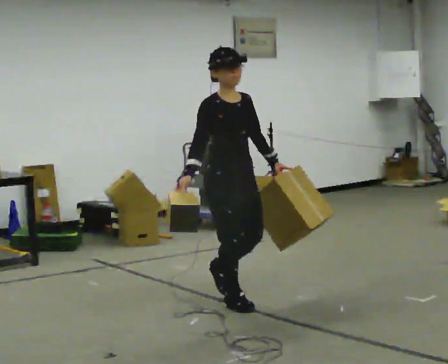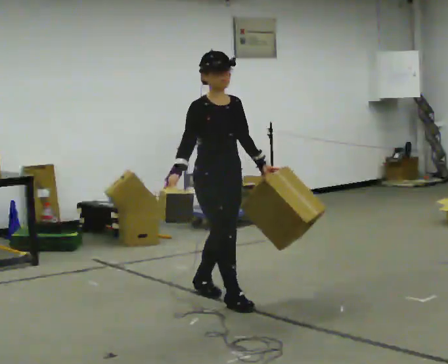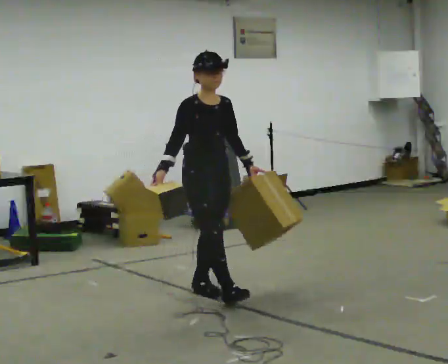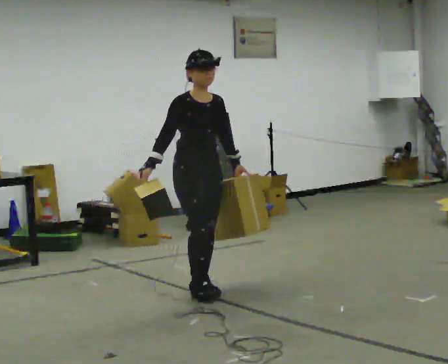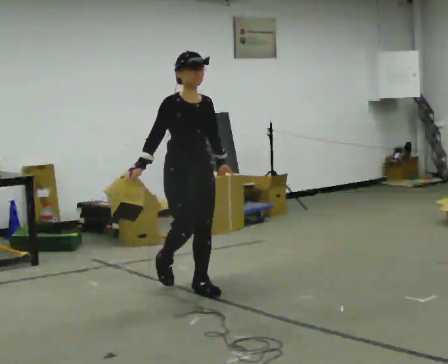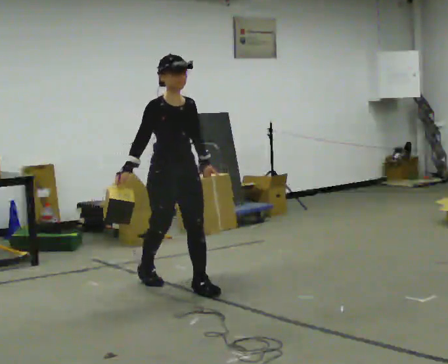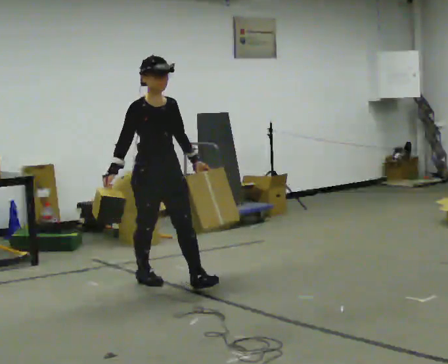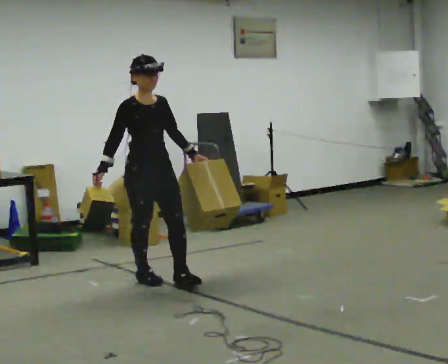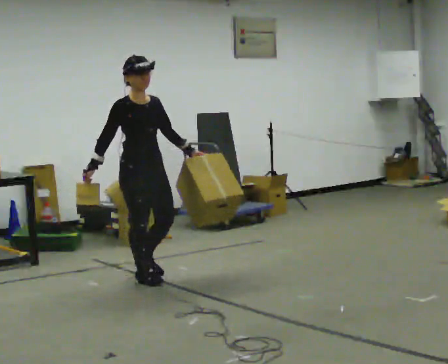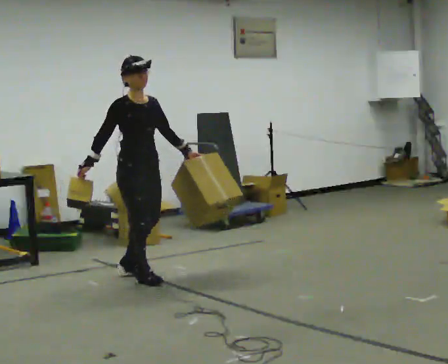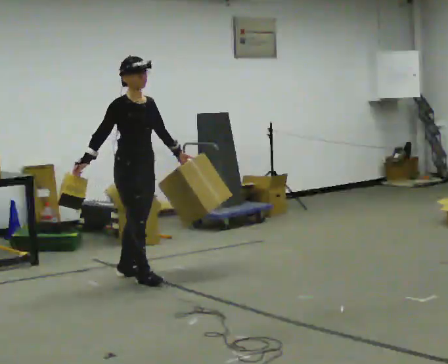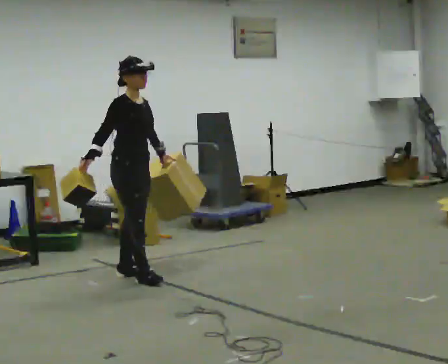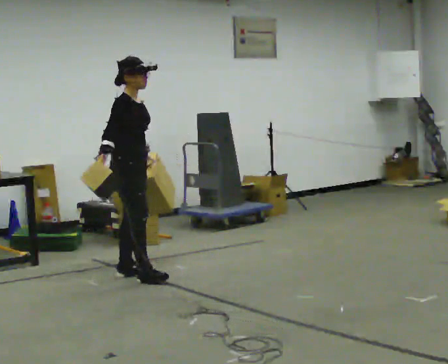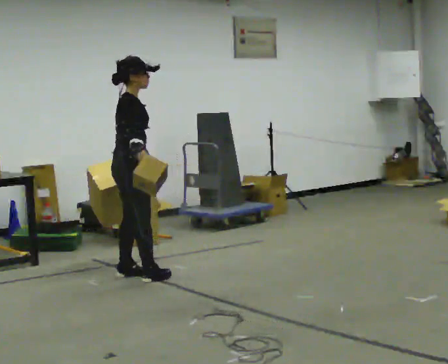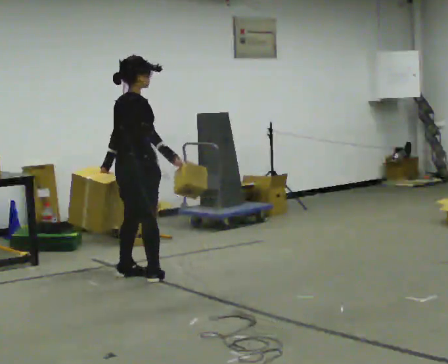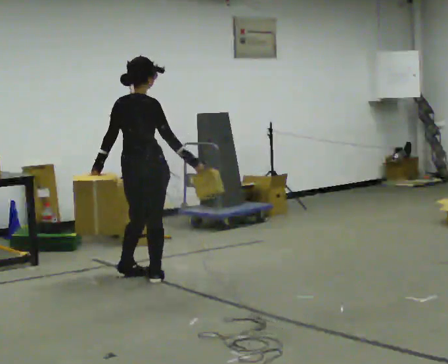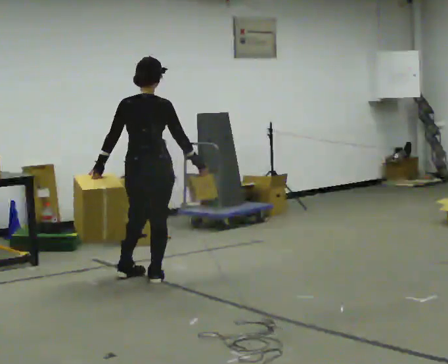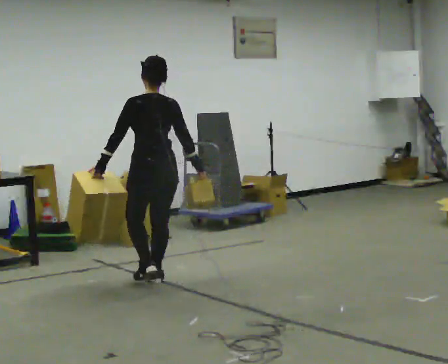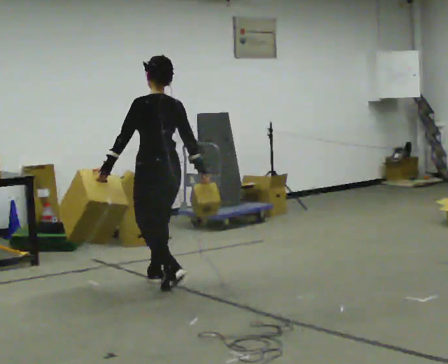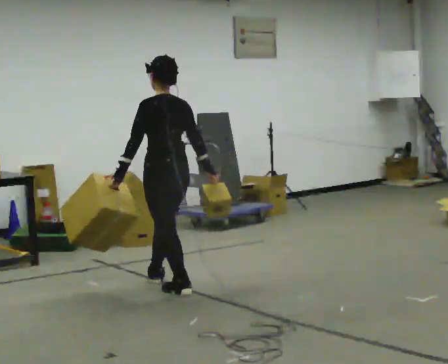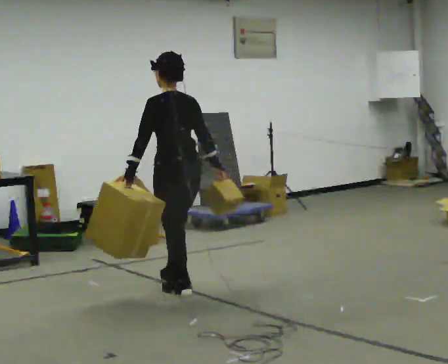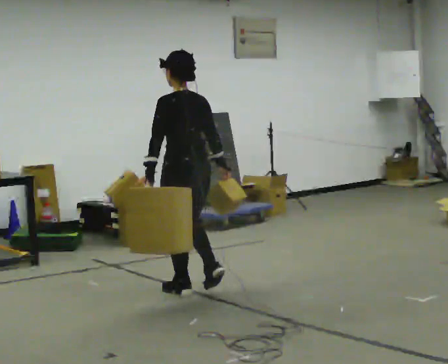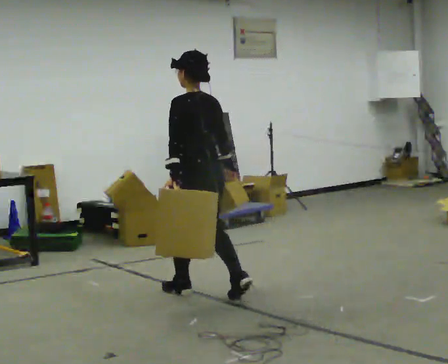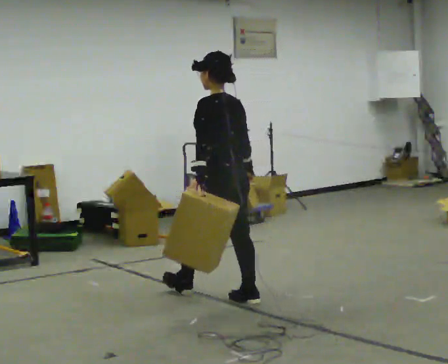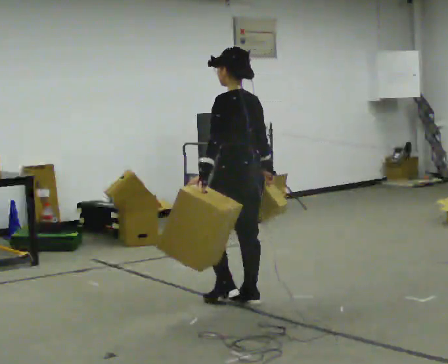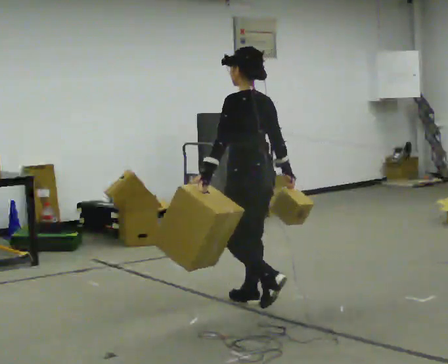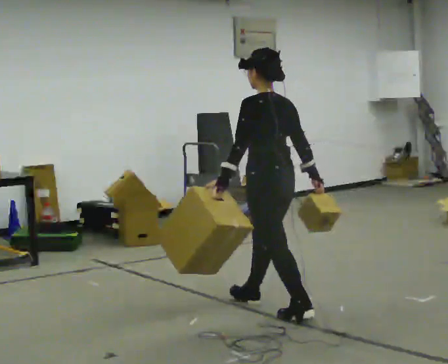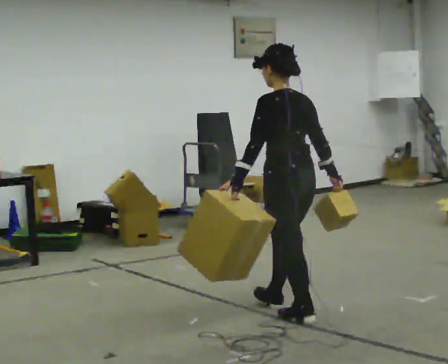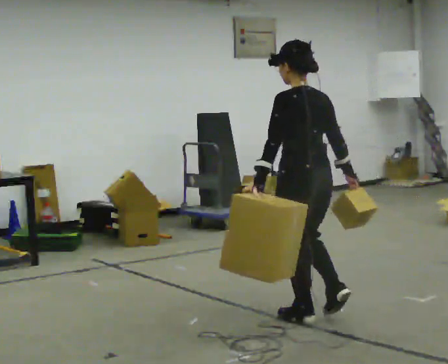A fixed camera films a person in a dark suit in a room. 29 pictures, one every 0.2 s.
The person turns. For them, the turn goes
to their left.
The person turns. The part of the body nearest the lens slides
to the right.
0.0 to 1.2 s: In the picture they go away from the camera and to the left, about 0.5 m in 1 step, which for them is backward.
1.2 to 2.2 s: Seen from above the body turns counterclockwise, about 30 degrees: to their left, with its near side sliding to the right. In the picture they go away from the camera and to the left, about 0.25 m in 1 step, which for them is backward.
2.2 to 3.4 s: Seen from above the body turns counterclockwise, about 135 degrees: to their left, with its near side sliding to the right. In the picture they go to the right and toward the camera, about 0.25 m in 1 step. In the picture their right hand goes to the right, the arm swinging counterclockwise.
3.4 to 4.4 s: In the picture they go toward the camera and to the right, about 0.5 m in 1 step, which for them is backward.
4.4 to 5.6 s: In the picture they go toward the camera and to the right, about 1 m in 2 steps, which for them is backward.
The film runs backward here.
